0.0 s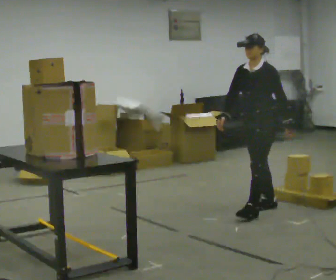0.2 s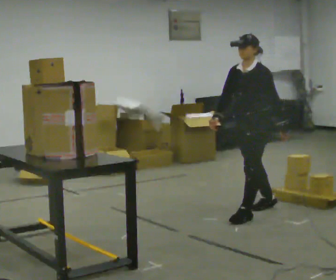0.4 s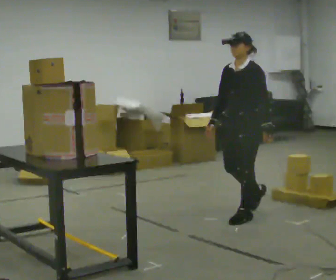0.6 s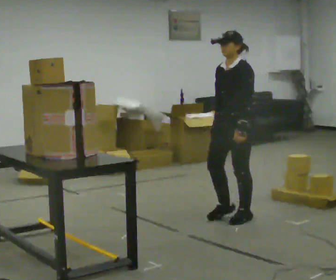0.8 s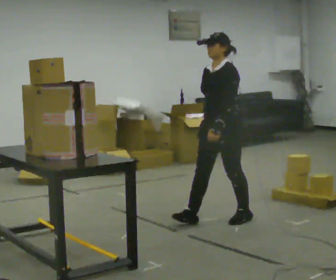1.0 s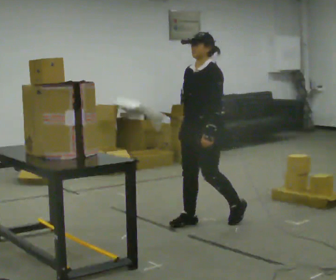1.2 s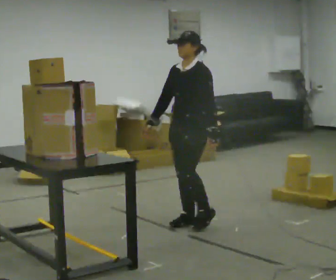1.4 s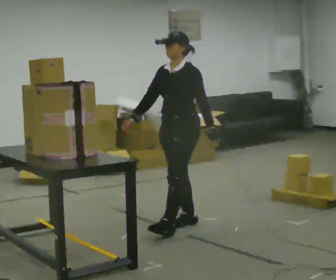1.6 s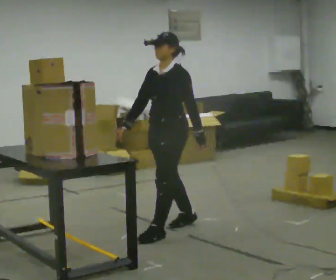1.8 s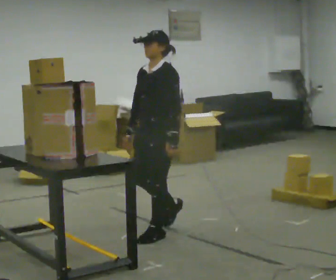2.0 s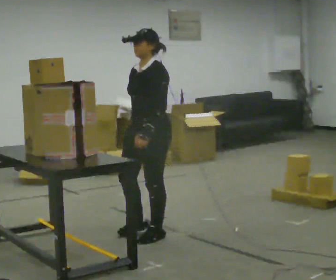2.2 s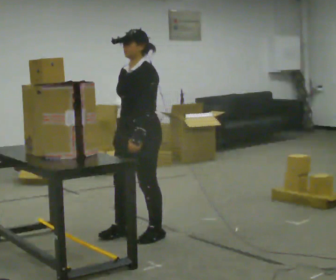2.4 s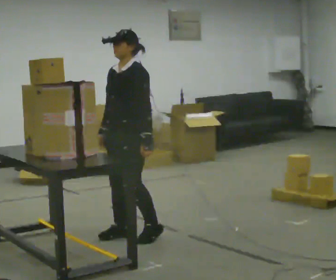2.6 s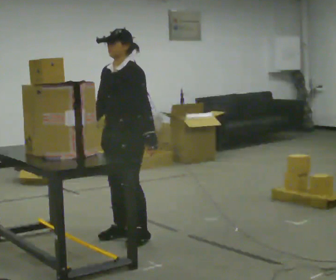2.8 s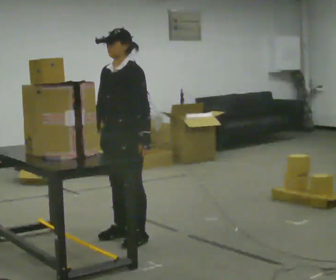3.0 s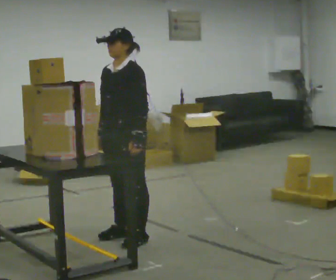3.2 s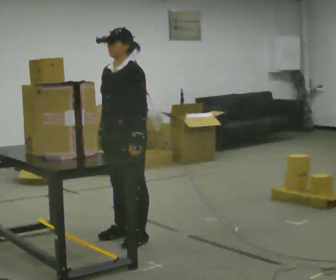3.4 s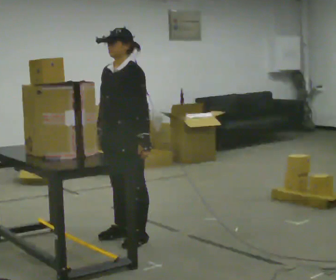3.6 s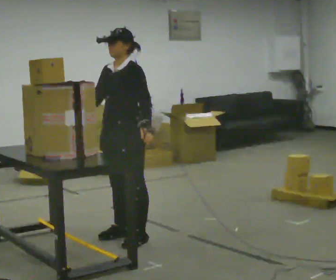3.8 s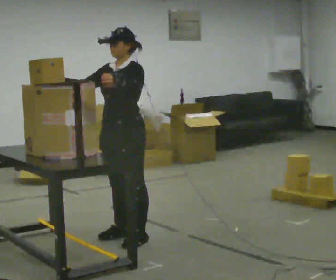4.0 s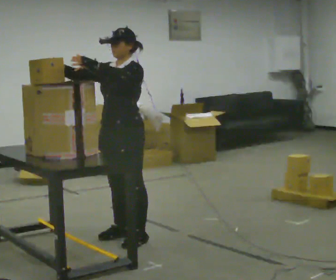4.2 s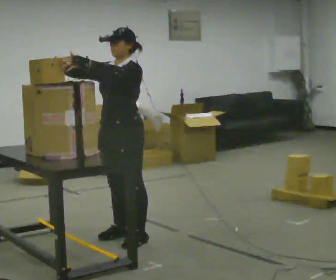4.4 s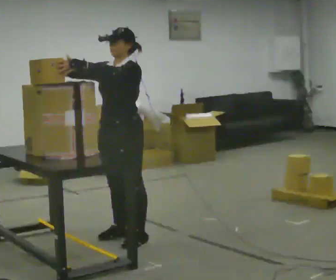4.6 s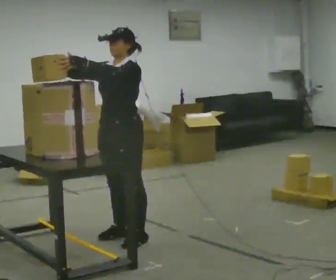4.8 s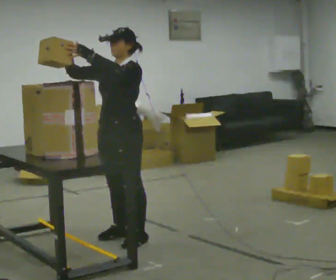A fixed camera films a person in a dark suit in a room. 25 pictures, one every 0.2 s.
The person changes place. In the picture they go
to the left.
0.0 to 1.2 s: In the picture they go to the left, about 0.5 m in 2 steps, which for them is forward.
1.2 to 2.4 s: In the picture they go to the left and toward the camera, about 0.5 m in 2 steps, which for them is forward.
2.4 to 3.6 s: The person moves a little, or ends about where they began.
3.6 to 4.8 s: In the picture their right hand goes upward, the arm swinging clockwise.
The film runs forward here.
